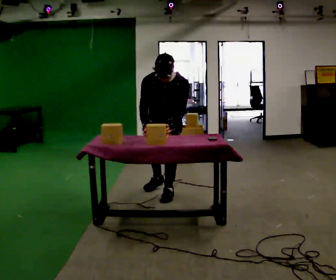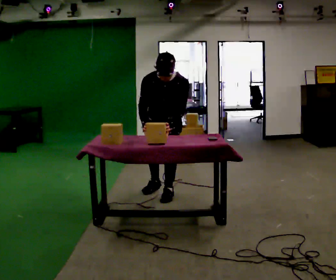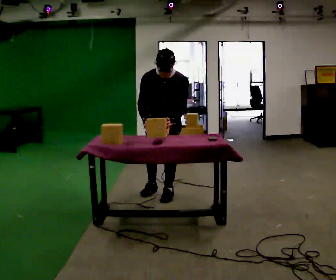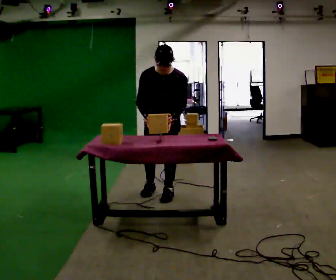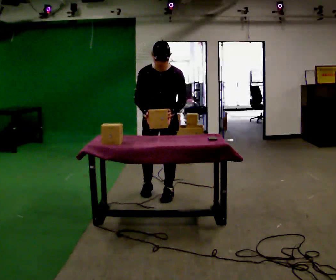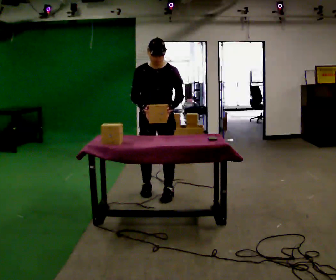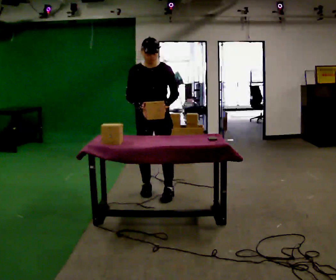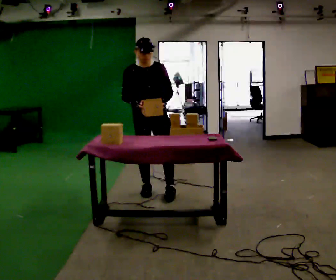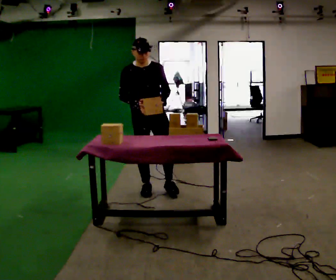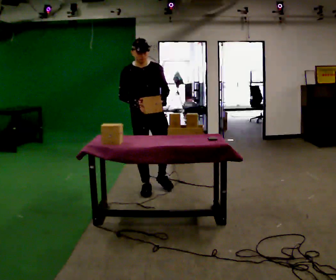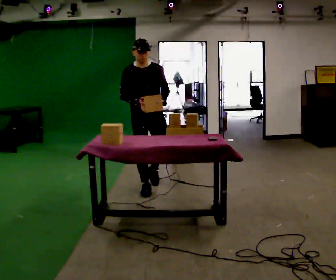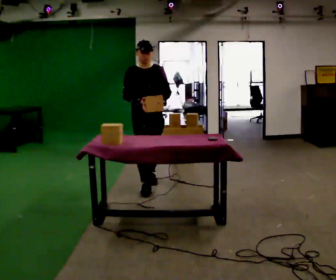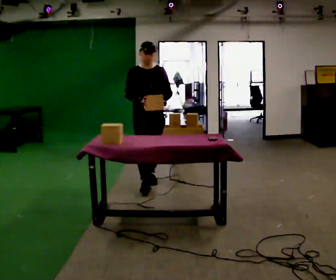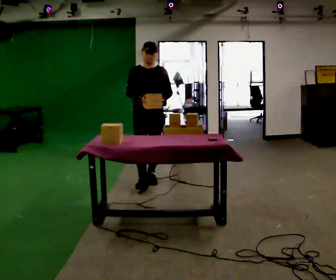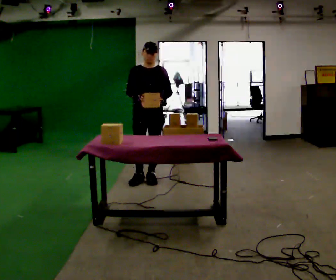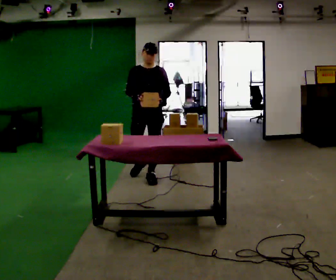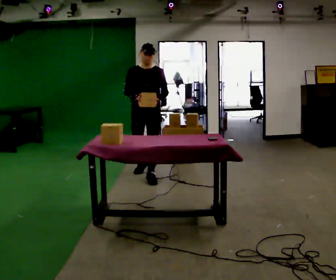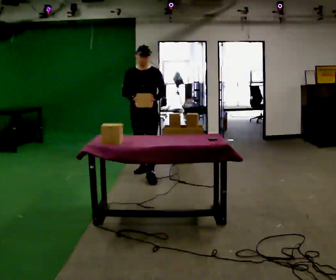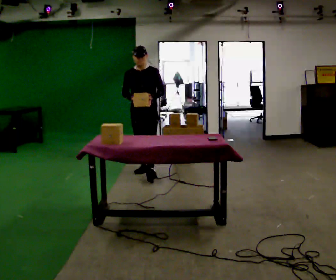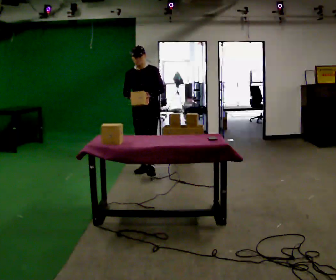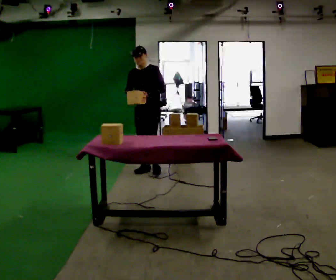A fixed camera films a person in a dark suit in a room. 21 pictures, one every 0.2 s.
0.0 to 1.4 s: The person turns about 30 degrees to their left, counterclockwise seen from above, so the part of the body nearest the lens slides to the right. In the picture they go to the left, about 0.25 m in 1 step, which for them is to their right. The upper body tips away from the camera, its near side rolling upward, as they lean back or straighten.
1.4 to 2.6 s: In the picture they go away from the camera, about 0.5 m in 2 steps, which for them is backward.
2.6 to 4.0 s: The person turns about 30 degrees to their right, clockwise seen from above, so the part of the body nearest the lens slides to the left. In the picture they go away from the camera, about 0.5 m in 1 step, which for them is backward.
The film runs backward here.
